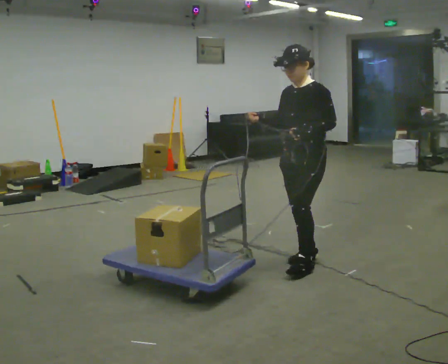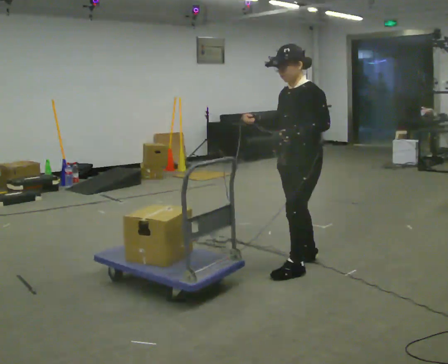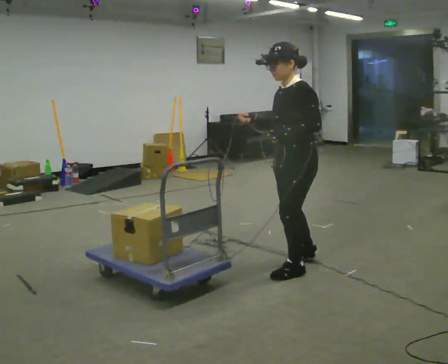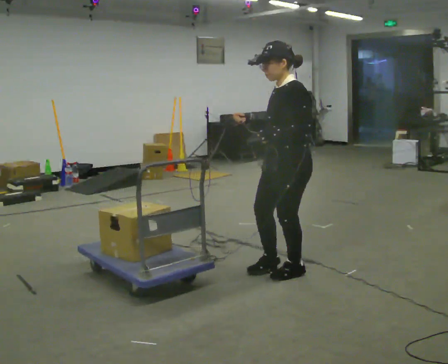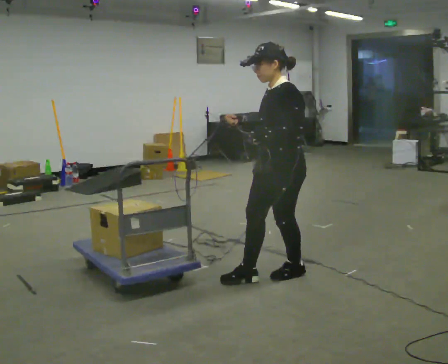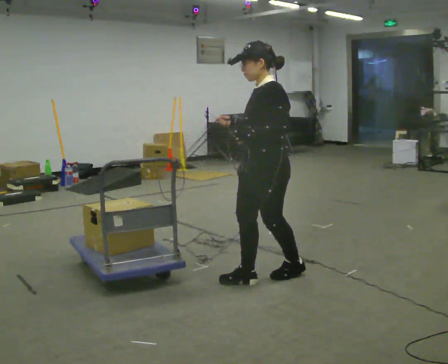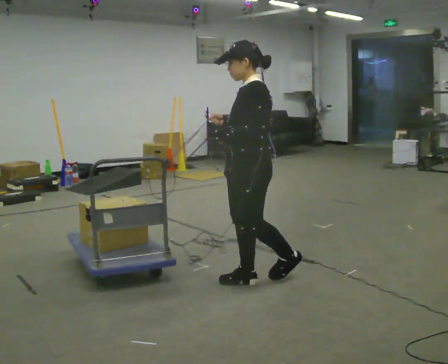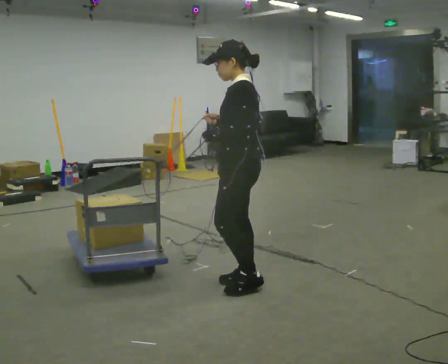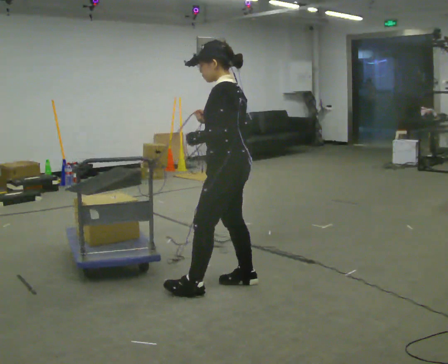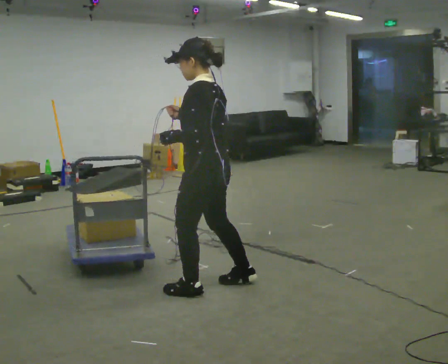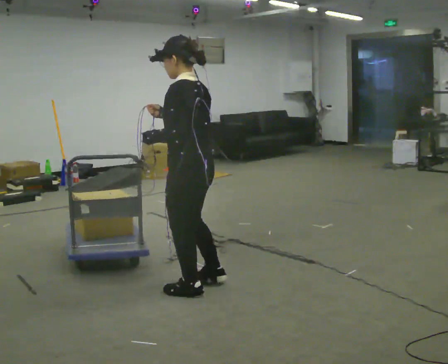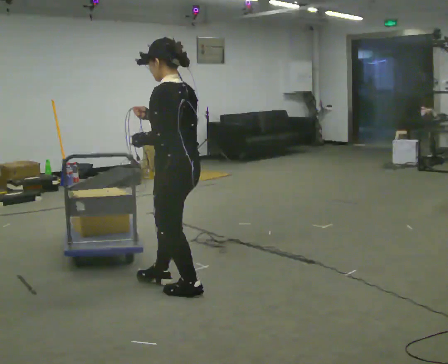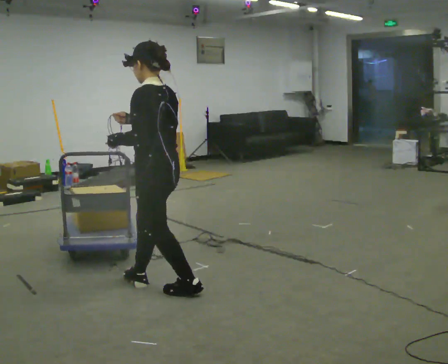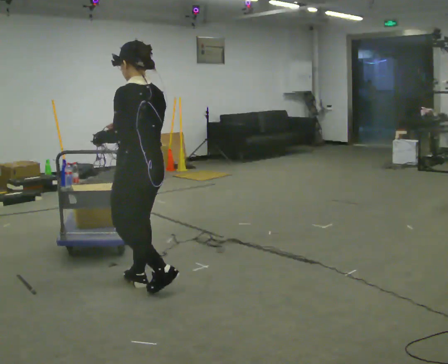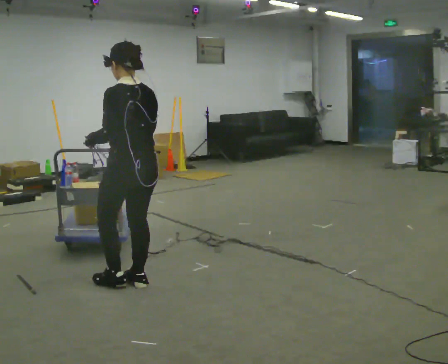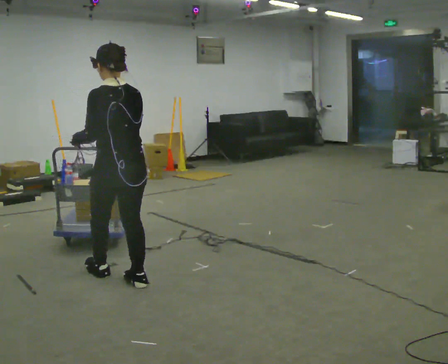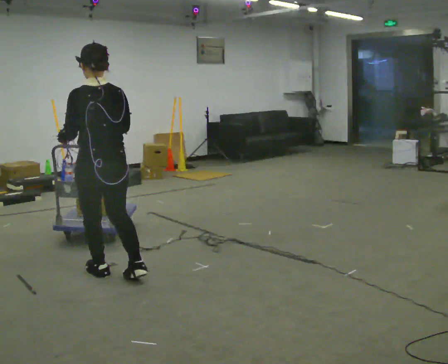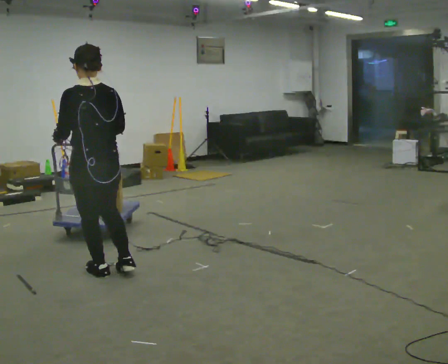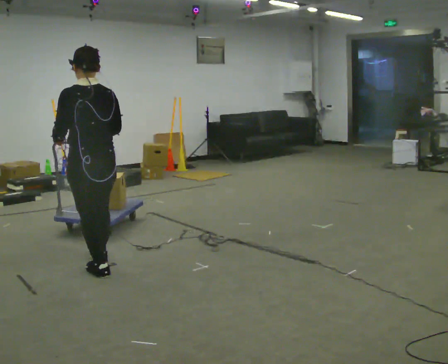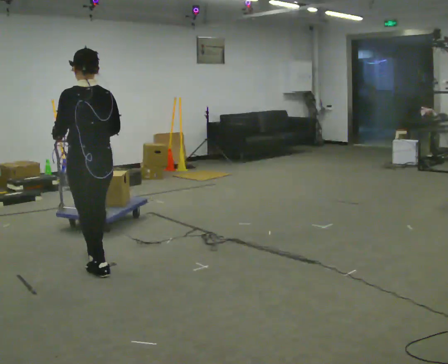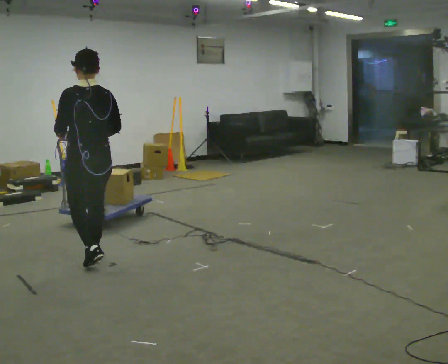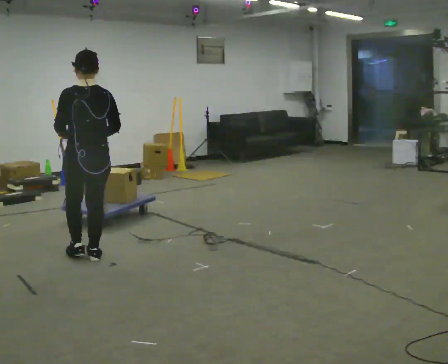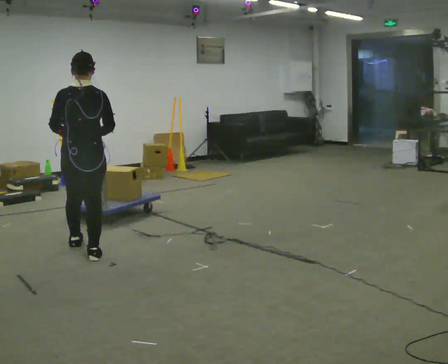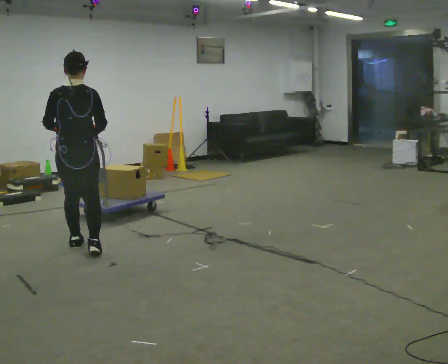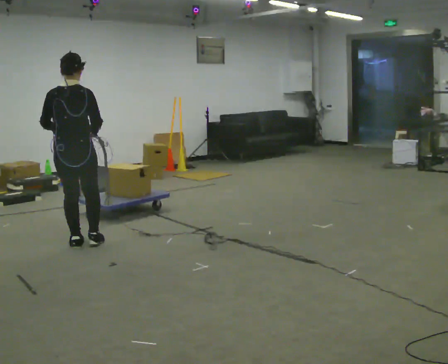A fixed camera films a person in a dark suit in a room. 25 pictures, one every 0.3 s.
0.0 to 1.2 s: In the picture they go toward the camera and to the left, about 0.25 m in 1 step, which for them is forward and to their left.
1.2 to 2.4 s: The person turns about 30 degrees to their right, clockwise seen from above, so the part of the body nearest the lens slides to the left. In the picture they go to the left, about 0.25 m in 1 step, which for them is forward.
2.4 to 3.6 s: In the picture they go to the left, about 0.5 m in 1 step, which for them is forward and to their left.
3.6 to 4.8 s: Seen from above the body turns clockwise, about 45 degrees: to their right, with its near side sliding to the left. In the picture they go to the left and away from the camera, about 0.5 m in 1 step, which for them is forward.
4.8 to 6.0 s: In the picture they go away from the camera, about 0.5 m in 2 steps, which for them is forward.
6.0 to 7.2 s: The person turns about 30 degrees to their right, clockwise seen from above, so the part of the body nearest the lens slides to the left. In the picture they go away from the camera and to the left, about 0.5 m in 1 step, which for them is forward and to their left.
The film runs backward here.
